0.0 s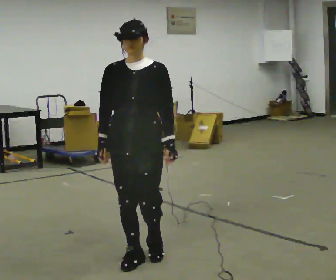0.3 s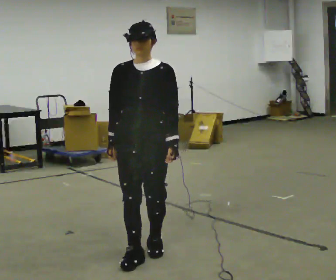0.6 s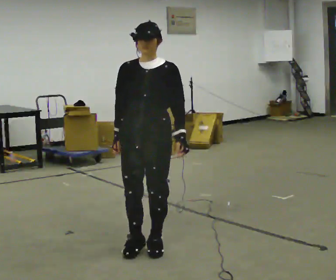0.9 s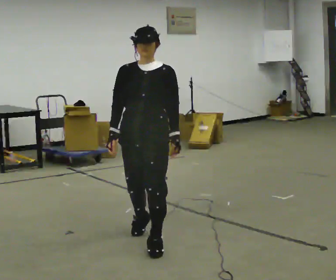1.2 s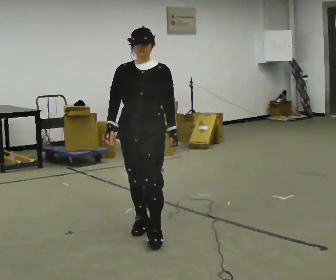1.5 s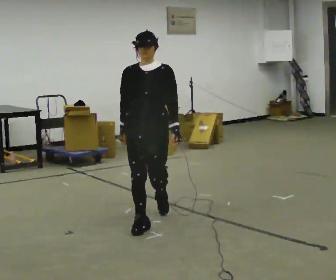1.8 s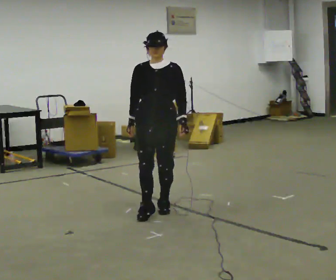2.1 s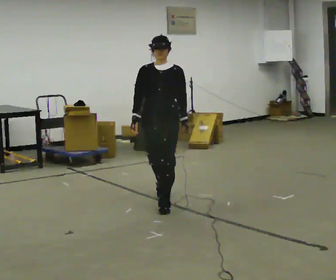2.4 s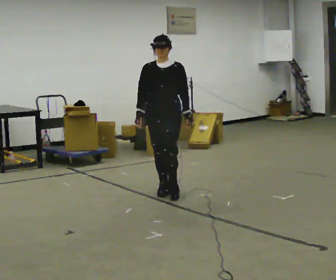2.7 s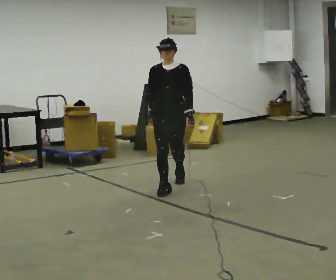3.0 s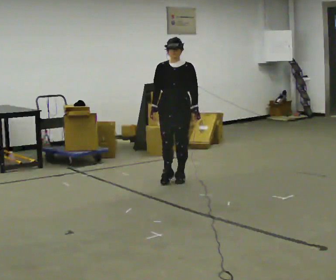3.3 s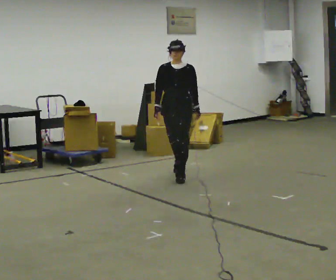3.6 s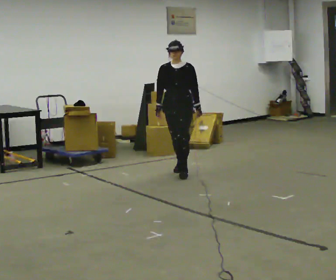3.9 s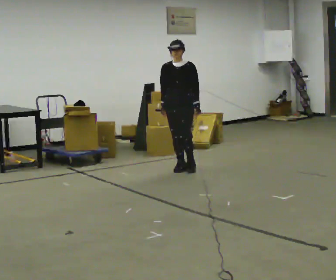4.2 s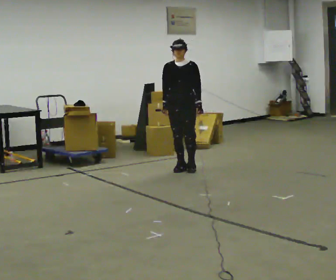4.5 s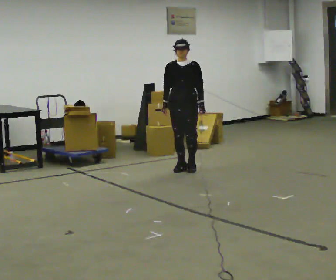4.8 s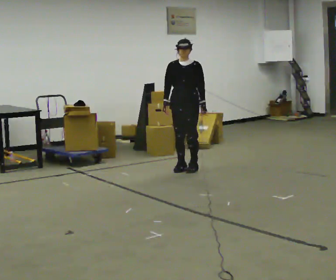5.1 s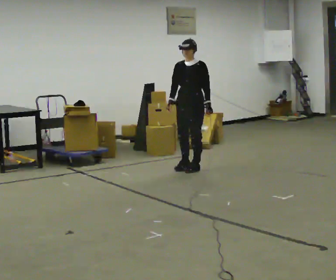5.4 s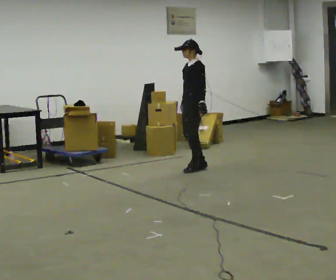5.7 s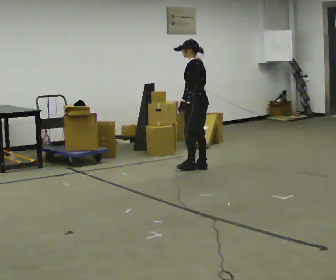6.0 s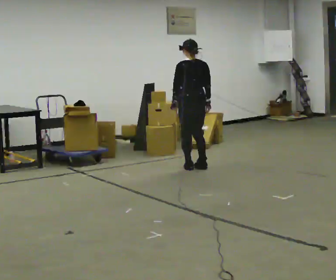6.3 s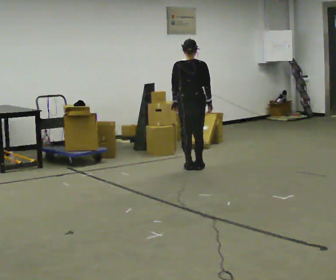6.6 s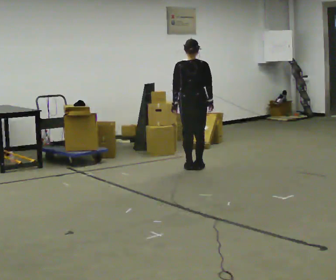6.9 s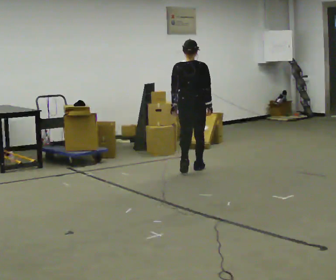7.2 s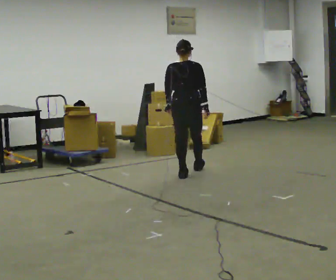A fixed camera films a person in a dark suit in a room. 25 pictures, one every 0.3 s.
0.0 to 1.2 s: In the picture they go away from the camera, about 0.5 m in 2 steps, which for them is backward.
1.2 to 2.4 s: In the picture they go away from the camera, about 1 m in 2 steps, which for them is backward.
2.4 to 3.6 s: In the picture they go away from the camera, about 1 m in 2 steps, which for them is backward.
3.6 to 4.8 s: The person moves a little, or ends about where they began.
4.8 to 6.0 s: Seen from above the body turns clockwise, about 135 degrees: to their right, with its near side sliding to the left. In the picture their left hand goes to the left, the arm swinging clockwise.
6.0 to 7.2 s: Seen from above the body turns clockwise, about 45 degrees: to their right, with its near side sliding to the left. In the picture they go toward the camera, about 0.5 m in 2 steps, which for them is backward.
The film runs backward here.
